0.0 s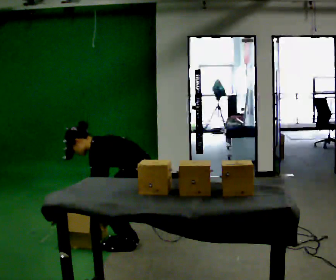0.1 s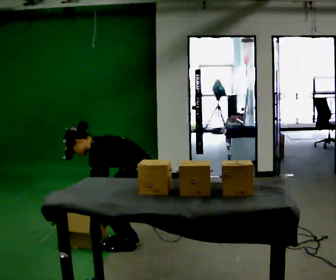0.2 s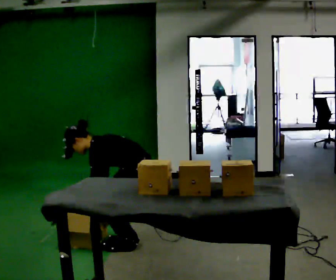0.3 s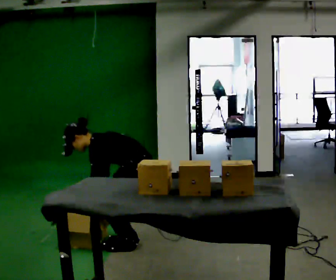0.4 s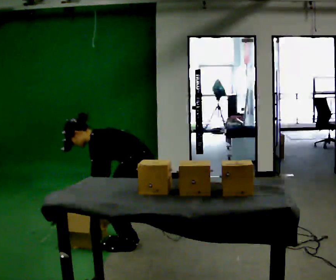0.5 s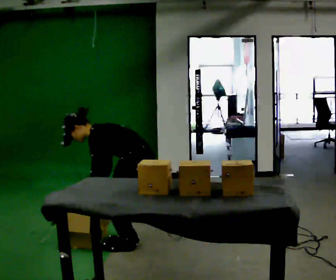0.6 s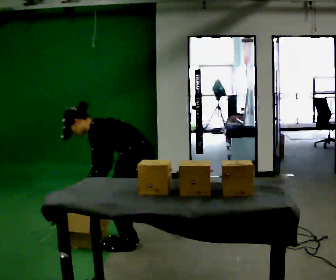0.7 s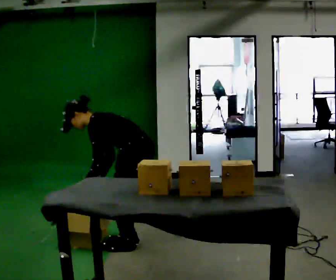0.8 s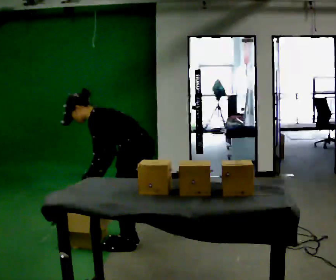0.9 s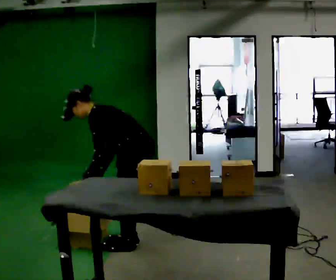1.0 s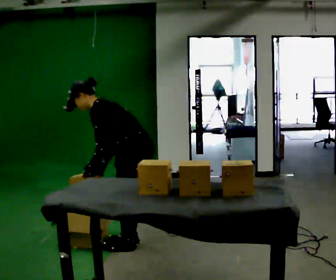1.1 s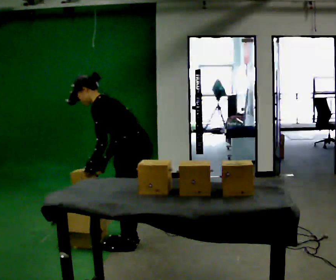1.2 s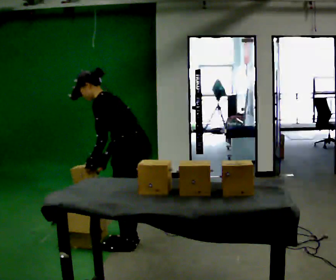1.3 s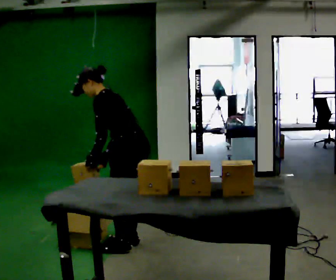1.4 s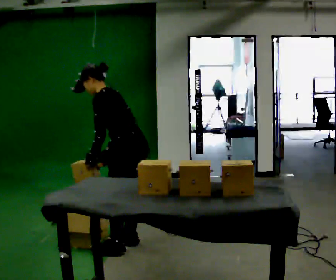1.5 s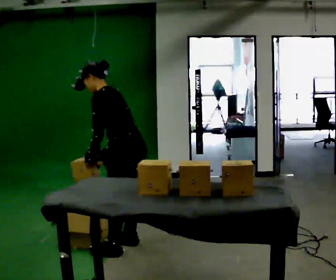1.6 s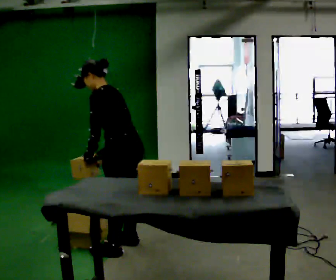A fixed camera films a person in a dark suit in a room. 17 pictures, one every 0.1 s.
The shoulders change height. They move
upward.
The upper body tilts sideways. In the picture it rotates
clockwise.
0.0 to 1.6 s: The upper body goes upward. In the picture the upper body tilts clockwise, shoulders to the right, as they lean back or straighten. In the picture their right hand goes upward.
The film runs backward here.
